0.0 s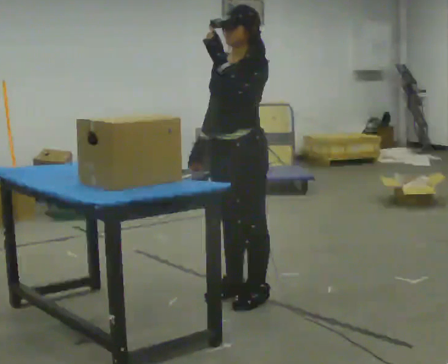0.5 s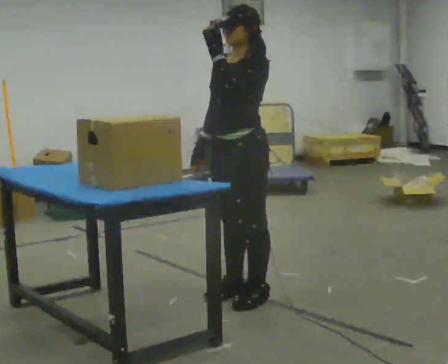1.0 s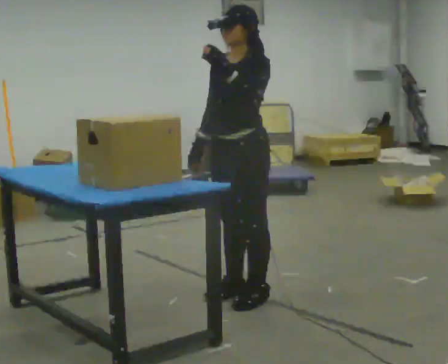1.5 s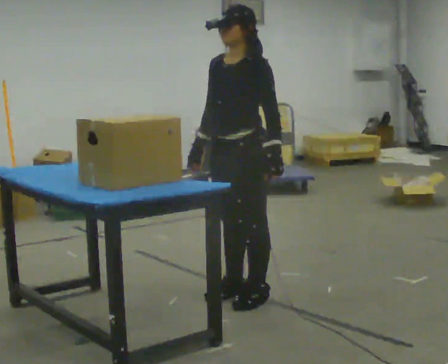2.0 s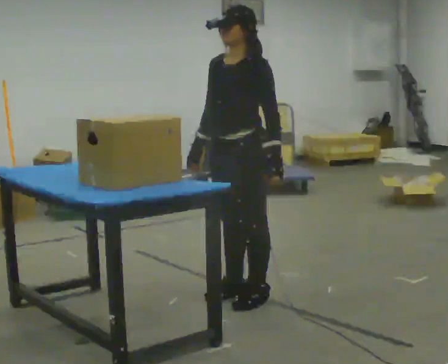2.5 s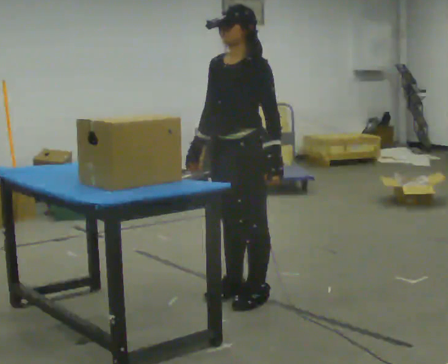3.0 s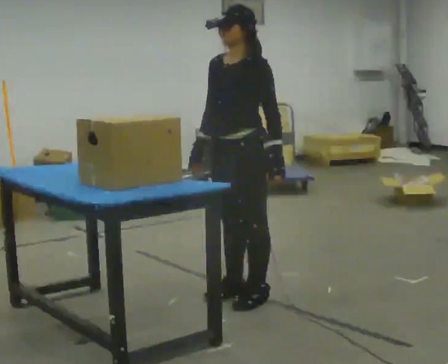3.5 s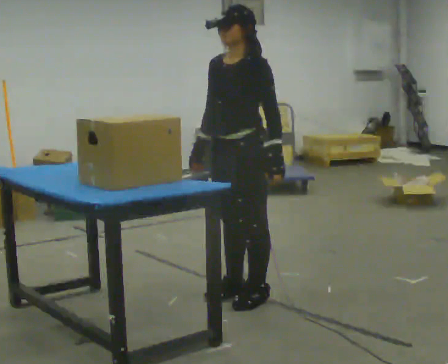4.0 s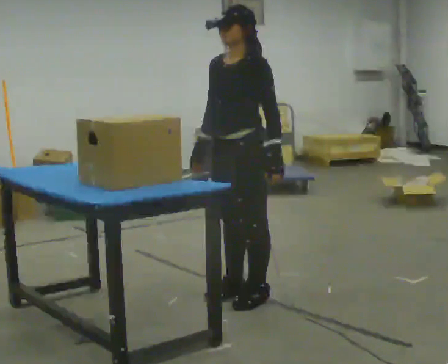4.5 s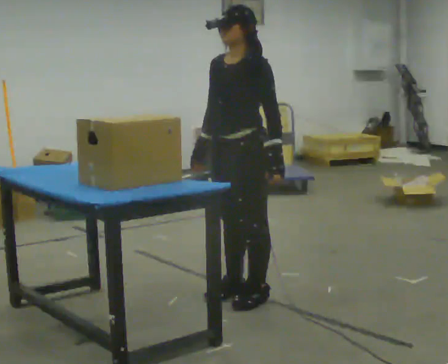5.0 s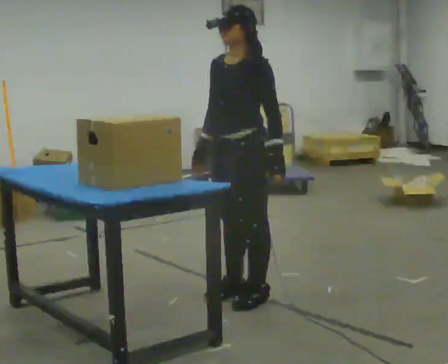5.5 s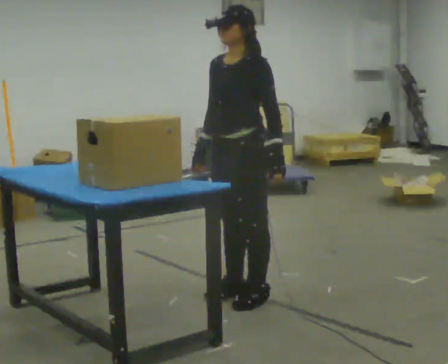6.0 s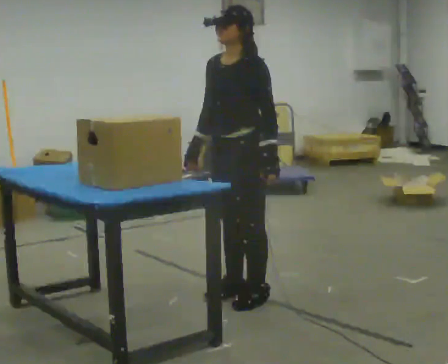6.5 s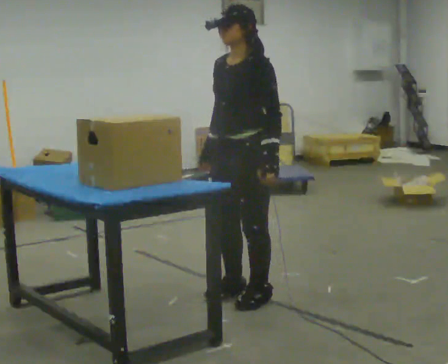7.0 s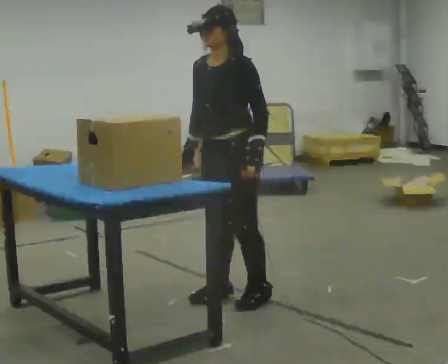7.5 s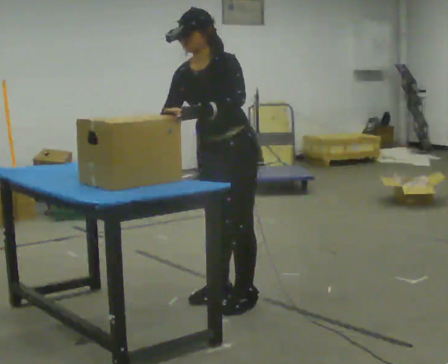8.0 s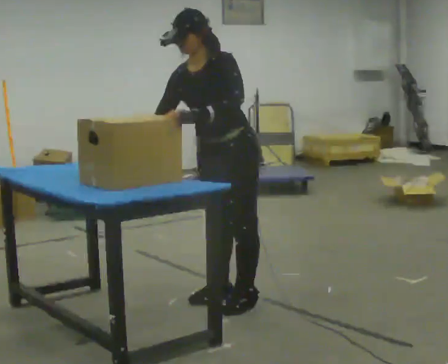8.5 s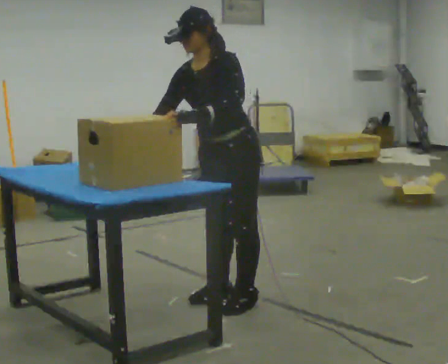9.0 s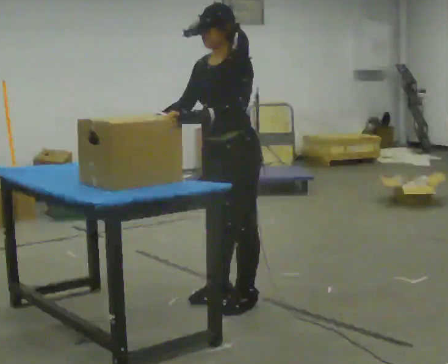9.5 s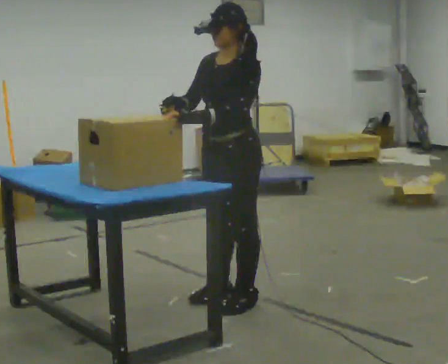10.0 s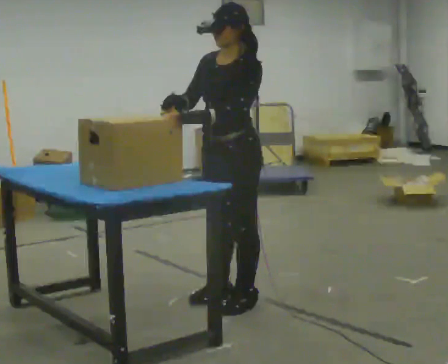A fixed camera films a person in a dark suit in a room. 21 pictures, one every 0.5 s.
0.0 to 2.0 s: In the picture their left hand goes downward.
2.0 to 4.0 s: The person keeps their place and pose.
4.0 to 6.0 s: The person moves a little, or ends about where they began.
6.0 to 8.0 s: In the picture the upper body tilts counterclockwise, shoulders to the left, as they bend forward. In the picture their left hand goes to the left.
8.0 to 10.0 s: In the picture the upper body tilts clockwise, shoulders to the right, as they lean back or straighten.
The film runs backward here.
